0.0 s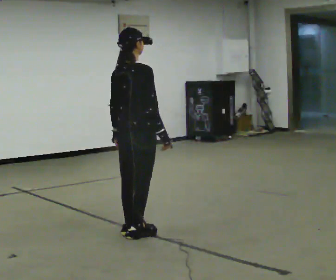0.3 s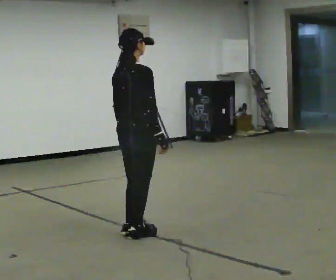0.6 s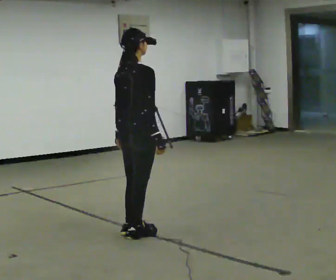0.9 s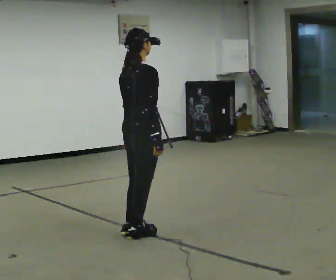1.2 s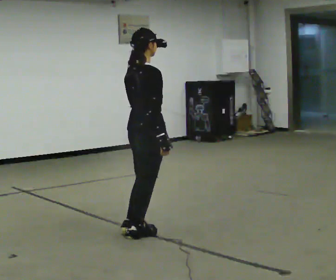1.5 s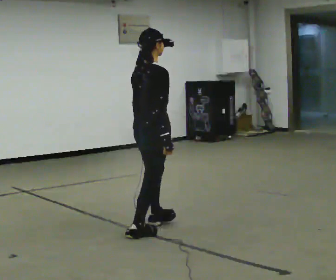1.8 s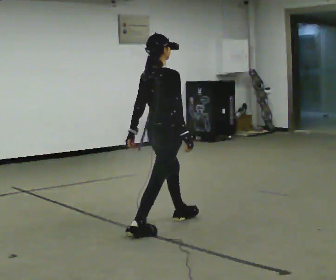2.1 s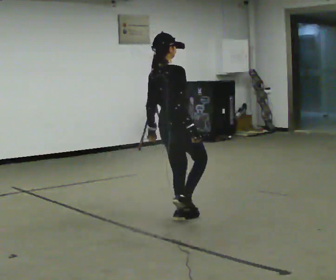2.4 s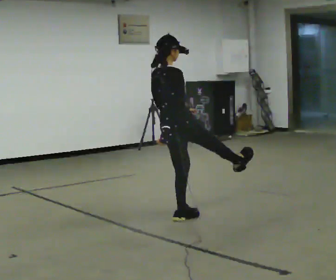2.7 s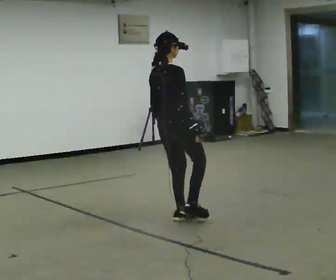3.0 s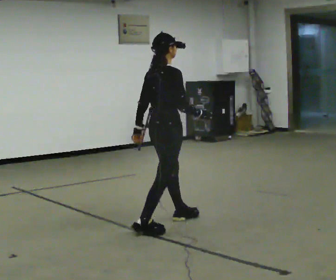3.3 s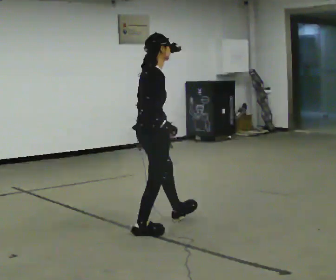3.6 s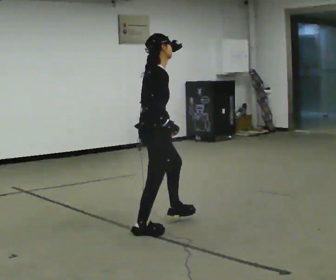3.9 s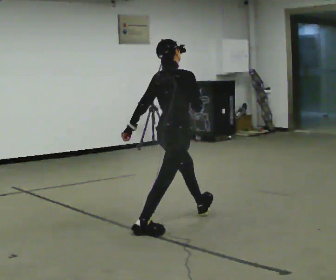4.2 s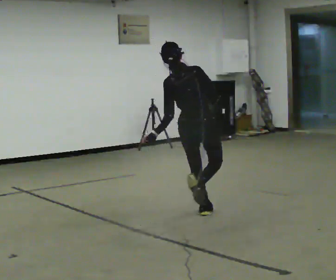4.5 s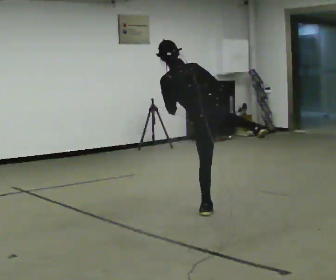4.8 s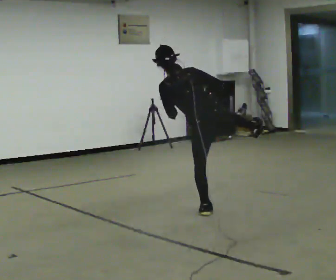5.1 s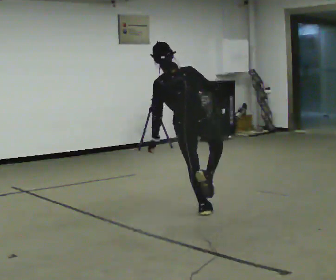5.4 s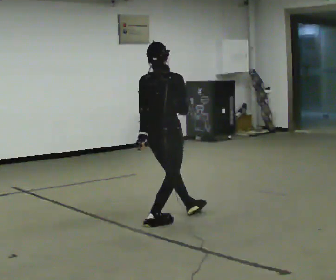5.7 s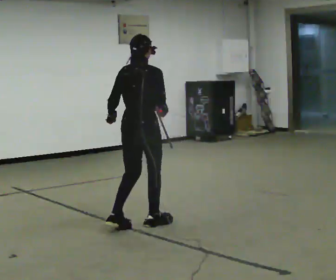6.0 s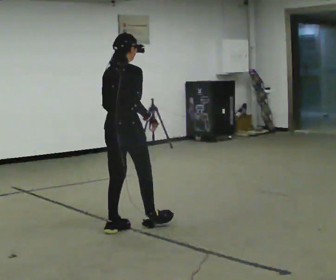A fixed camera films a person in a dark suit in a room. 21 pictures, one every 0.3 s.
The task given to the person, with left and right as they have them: Kick into the air with each leg in turn, front kicks and side kicks, at a comfortable height. Repeat the movement at your own pace until the operator says stop; do not rush.
0.0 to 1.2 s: The person moves a little, or ends about where they began.
1.2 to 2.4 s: In the picture they go away from the camera and to the right, about 0.5 m in 1 step, which for them is forward and to their left. In the picture the upper body tilts counterclockwise, shoulders to the left.
2.4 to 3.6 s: The part of the body nearest the lens slides to the left as the person turns to their right by about 30 degrees. In the picture they go toward the camera and to the left, about 0.25 m, which for them is backward and to their right. In the picture the upper body tilts clockwise, shoulders to the right, as they bend forward.
3.6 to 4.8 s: The part of the body nearest the lens slides to the right as the person turns to their left by about 90 degrees. In the picture they go to the right and away from the camera, about 0.75 m in 1 step. In the picture the upper body tilts counterclockwise, shoulders to the left, as they lean back or straighten.
4.8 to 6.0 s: The person turns about 60 degrees to their right, clockwise seen from above, so the part of the body nearest the lens slides to the left. In the picture they go to the left and toward the camera, about 1 m in 2 steps, which for them is backward and to their left. In the picture the upper body tilts clockwise, shoulders to the right.
The film runs forward here.
